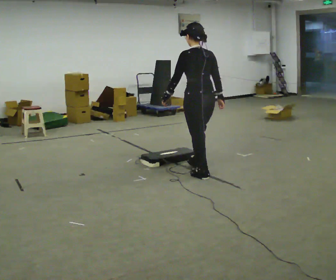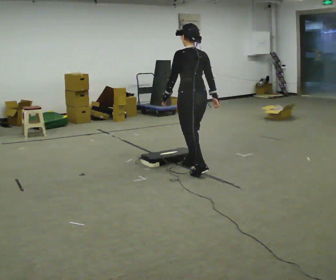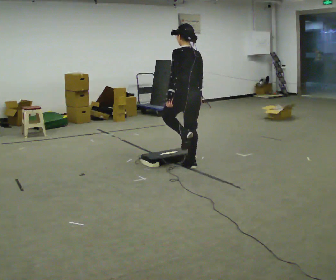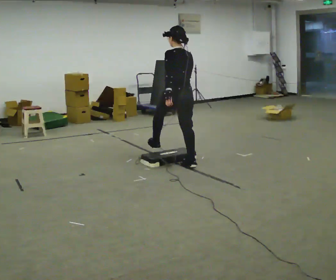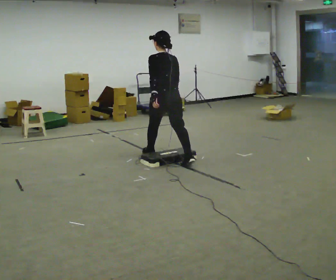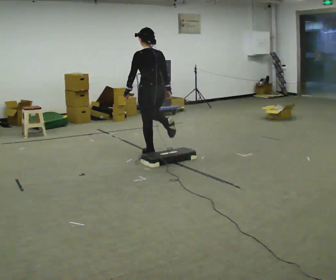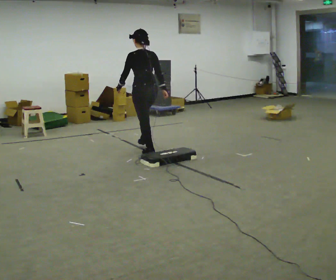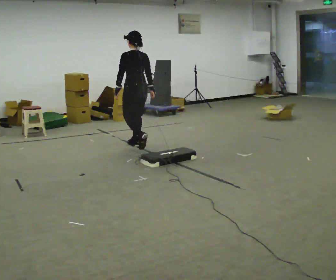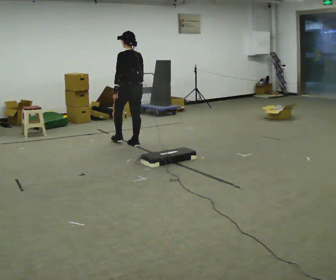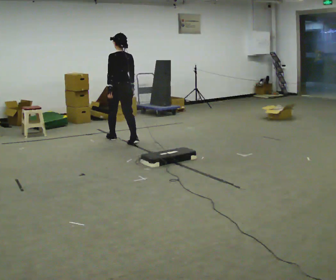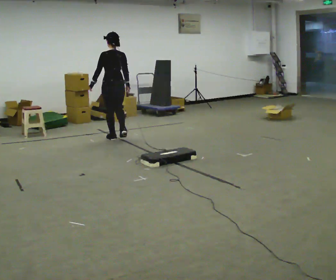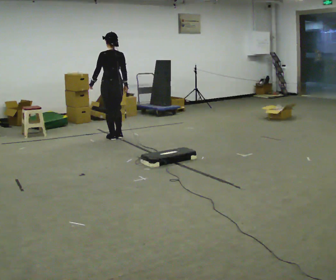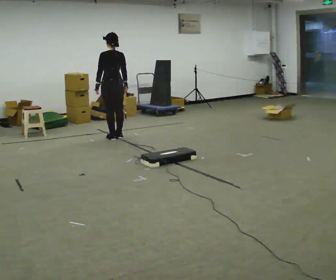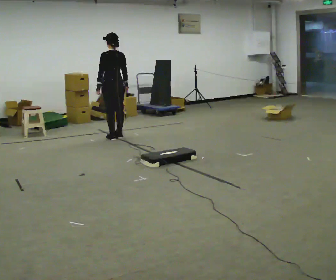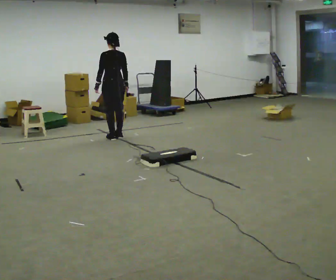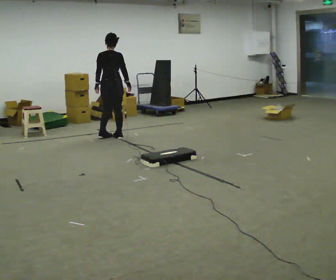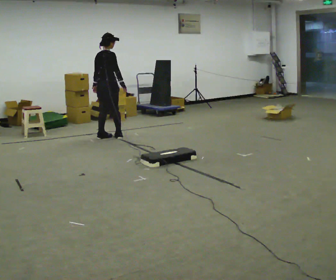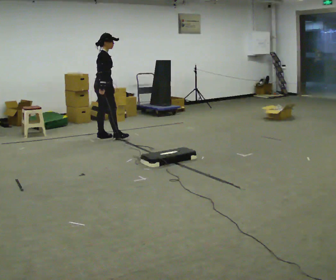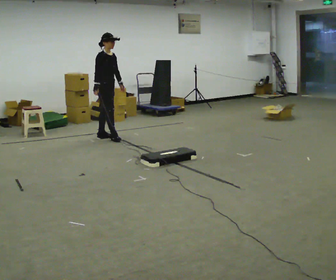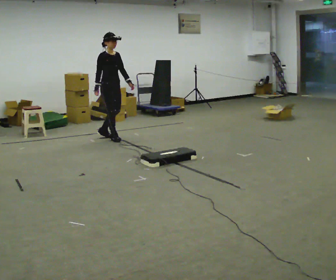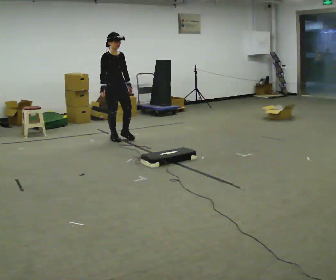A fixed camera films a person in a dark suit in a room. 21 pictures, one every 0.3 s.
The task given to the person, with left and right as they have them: Walk toward low obstacle; step over without stopping; continue.
0.0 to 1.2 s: In the picture they go away from the camera and to the left, about 1 m in 1 step, which for them is forward.
1.2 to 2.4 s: In the picture they go away from the camera and to the left, about 1 m in 2 steps, which for them is forward.
2.4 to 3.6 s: In the picture they go away from the camera, about 0.25 m in 1 step, which for them is forward.
3.6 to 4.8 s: Seen from above the body turns clockwise, about 105 degrees: to their right, with its near side sliding to the left. In the picture they go to the left, about 0.25 m in 1 step.
4.8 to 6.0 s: The part of the body nearest the lens slides to the left as the person turns to their right by about 75 degrees. In the picture they go to the right and toward the camera, about 0.5 m.
The film runs forward here.
